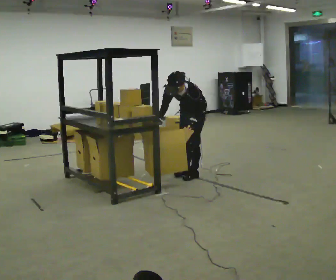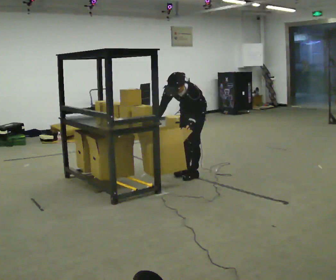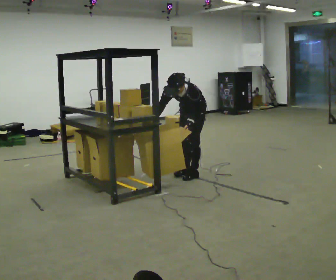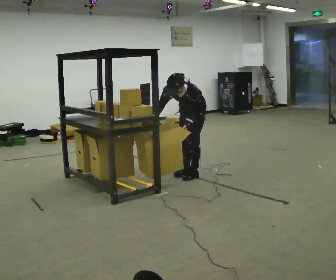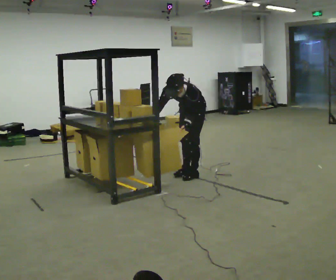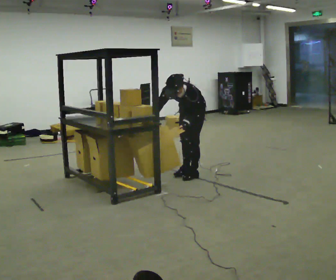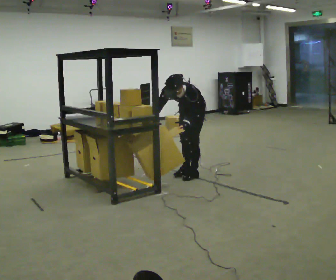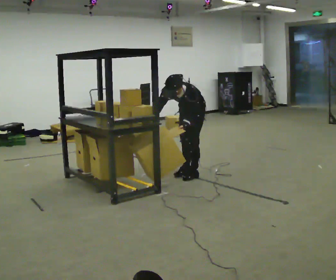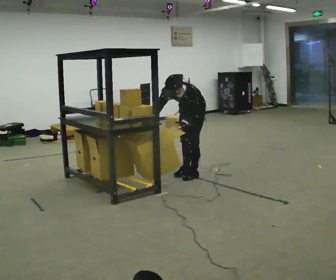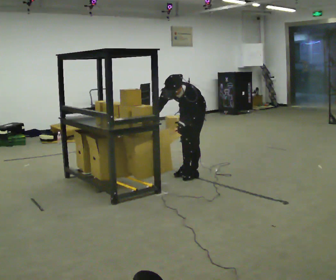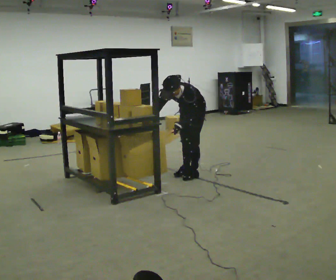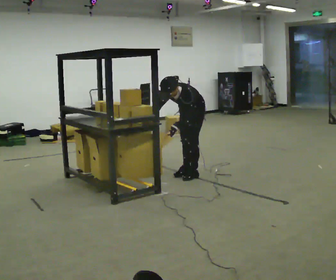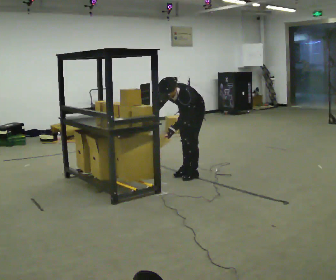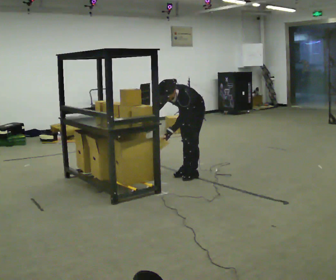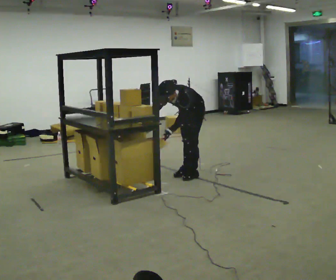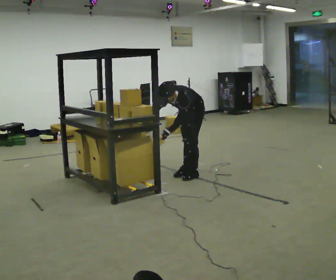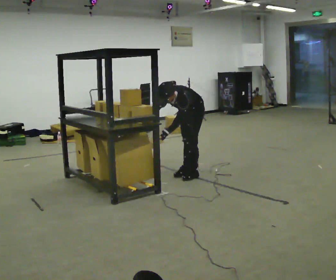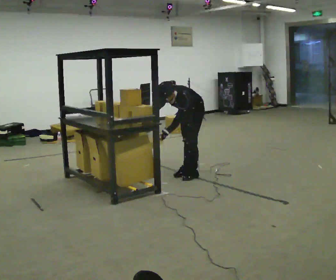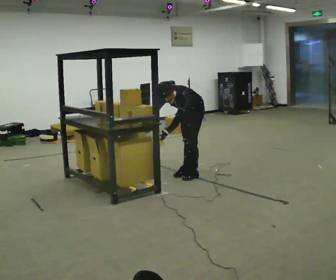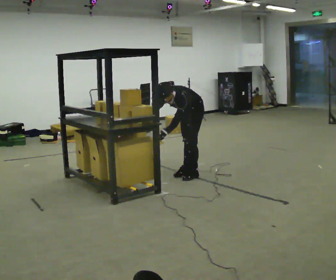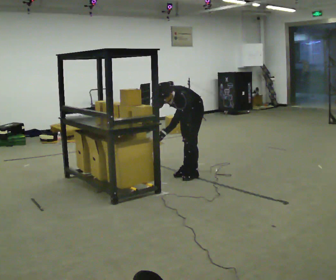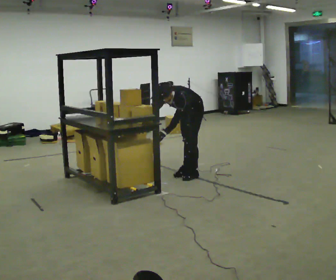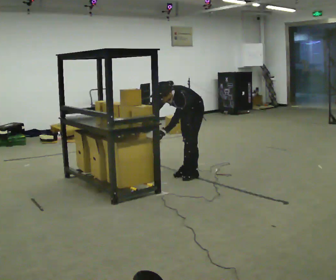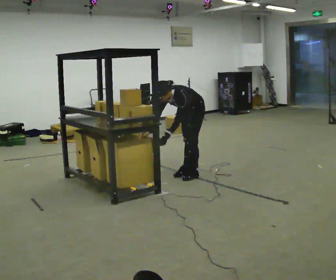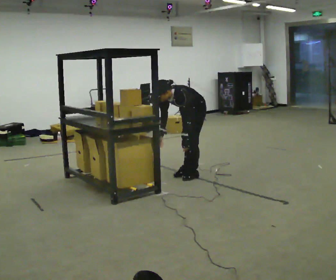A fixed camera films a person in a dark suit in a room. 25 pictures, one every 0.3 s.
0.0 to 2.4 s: The person moves a little, or ends about where they began.
2.4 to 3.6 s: In the picture the upper body tilts counterclockwise, shoulders to the left.
3.6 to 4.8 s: The person moves a little, or ends about where they began.
4.8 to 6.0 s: The person keeps their place and pose.
6.0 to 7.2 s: The person moves a little, or ends about where they began.
The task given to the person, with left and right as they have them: 1. Take everything out of the crates by the door. 2. Put the small items on the middle shelf. 3. Put the large items on the bottom shelf. 4. Stack the empty crates by the door. 5. Tell the operator when you are finished.
The film runs forward here.
